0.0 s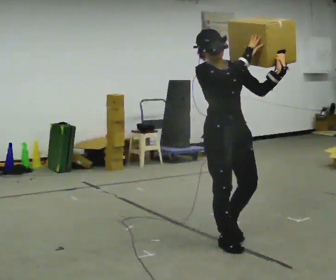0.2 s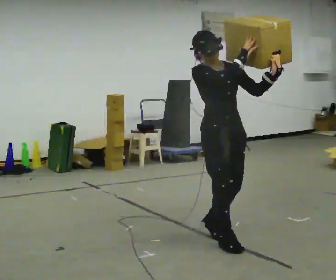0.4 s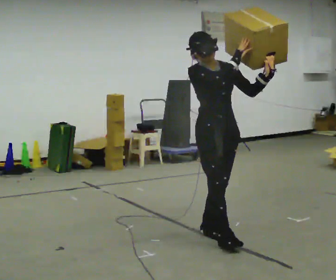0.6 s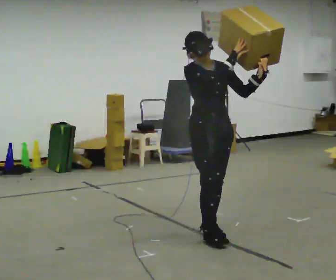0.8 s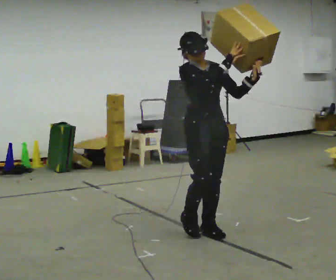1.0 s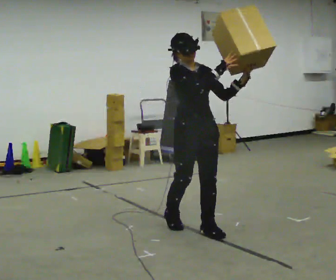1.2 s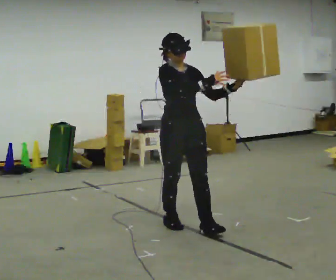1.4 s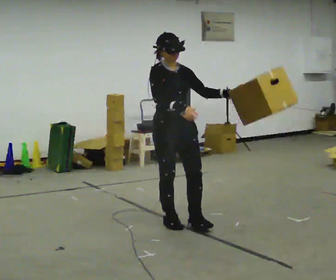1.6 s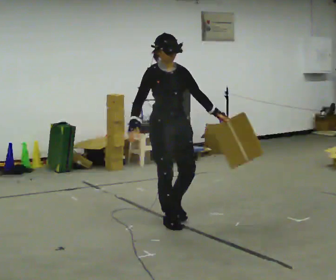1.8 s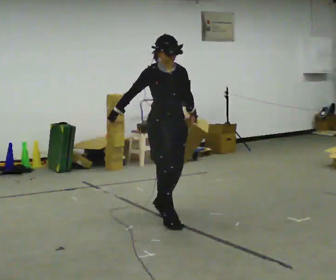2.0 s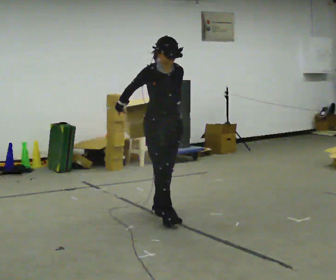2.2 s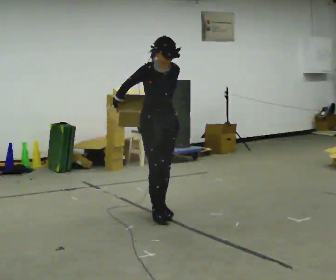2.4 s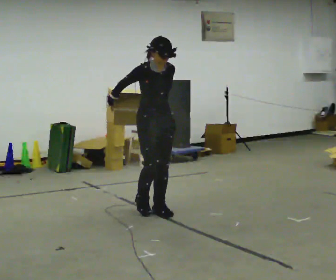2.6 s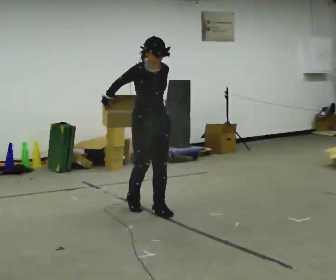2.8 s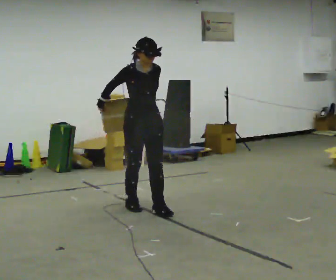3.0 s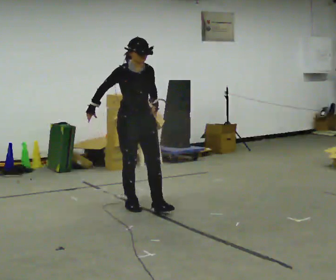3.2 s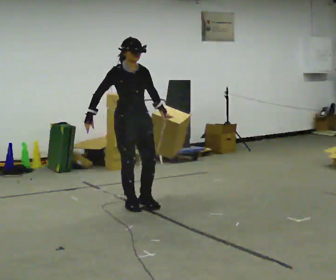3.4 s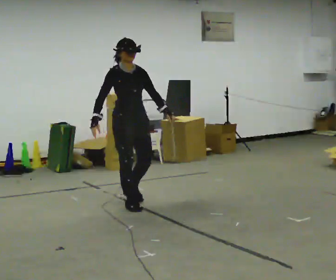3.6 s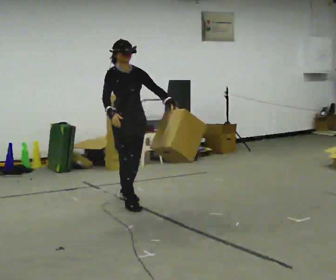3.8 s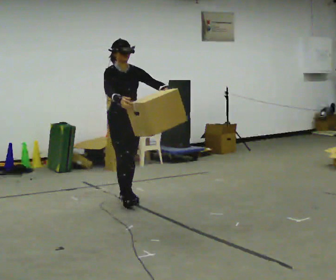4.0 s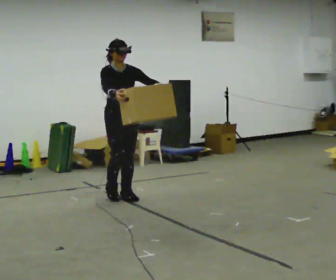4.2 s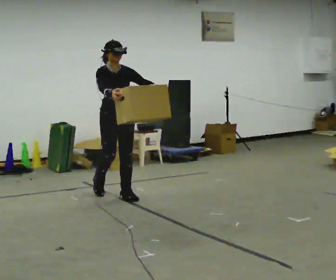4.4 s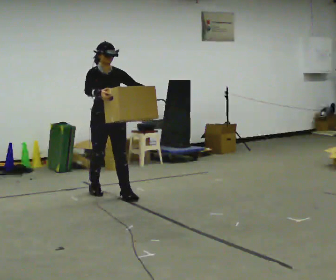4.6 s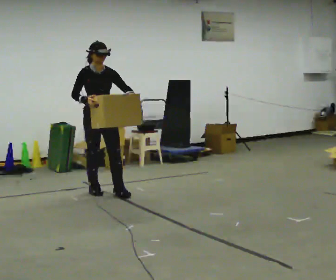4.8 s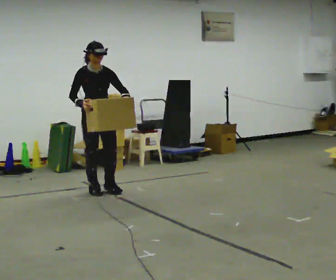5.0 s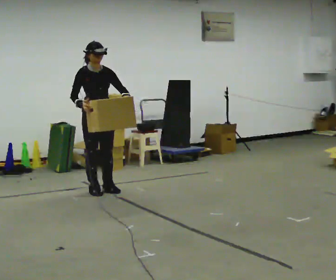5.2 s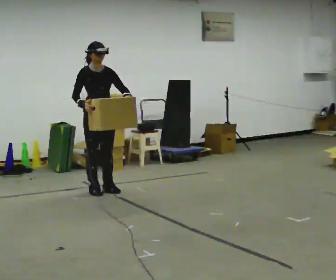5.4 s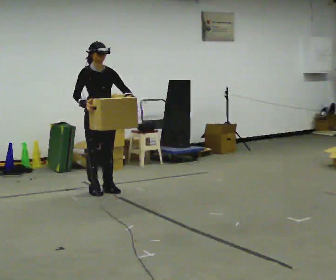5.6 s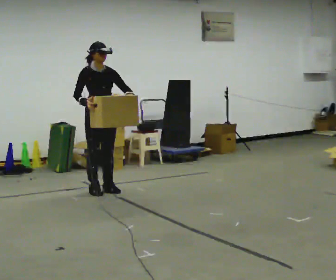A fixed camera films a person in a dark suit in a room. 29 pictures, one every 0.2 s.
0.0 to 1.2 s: In the picture they go away from the camera and to the left, about 0.5 m in 1 step, which for them is backward.
1.2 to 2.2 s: In the picture they go away from the camera and to the left, about 0.5 m in 2 steps, which for them is backward.
2.2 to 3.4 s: In the picture they go away from the camera and to the left, about 0.5 m in 1 step, which for them is backward.
3.4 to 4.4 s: In the picture they go away from the camera and to the left, about 0.5 m in 1 step, which for them is backward.
4.4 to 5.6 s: In the picture they go away from the camera, about 0.25 m in 1 step, which for them is backward.
The film runs backward here.
